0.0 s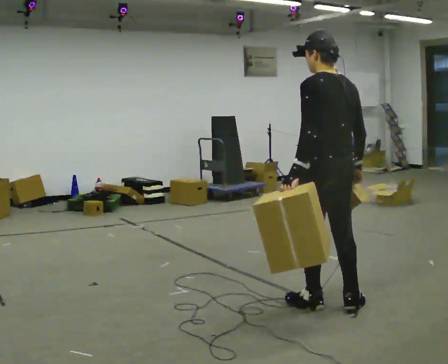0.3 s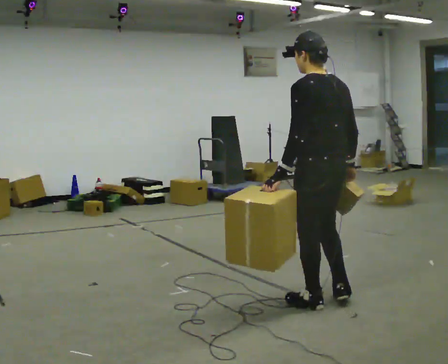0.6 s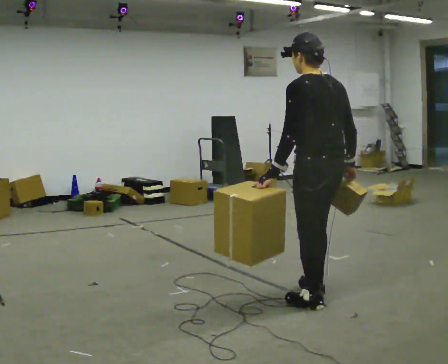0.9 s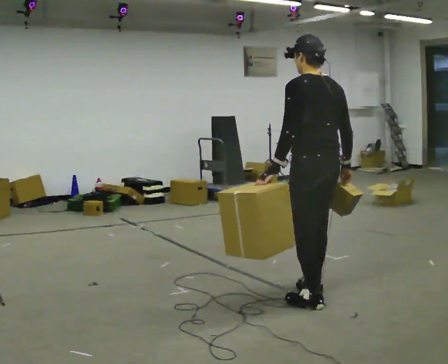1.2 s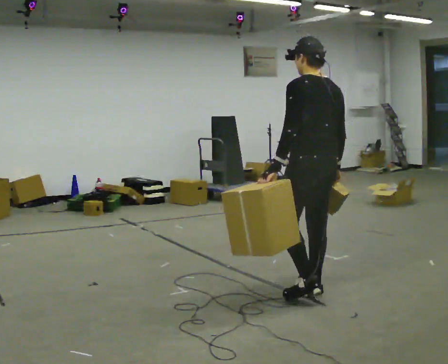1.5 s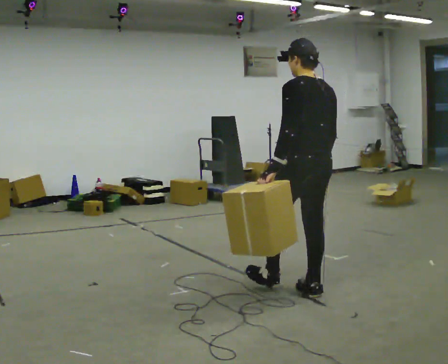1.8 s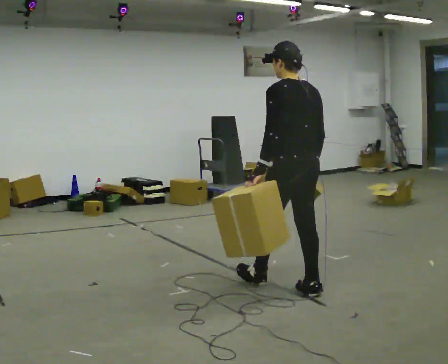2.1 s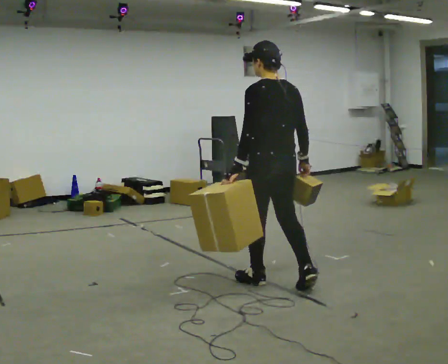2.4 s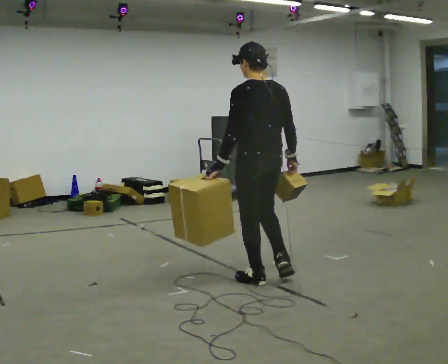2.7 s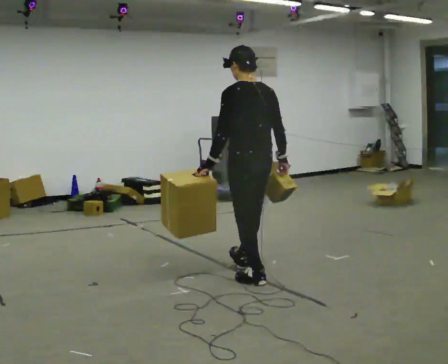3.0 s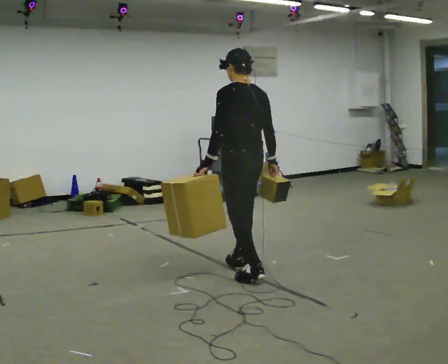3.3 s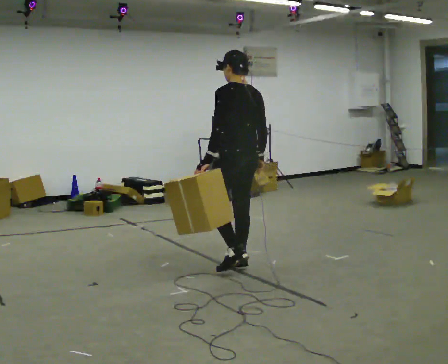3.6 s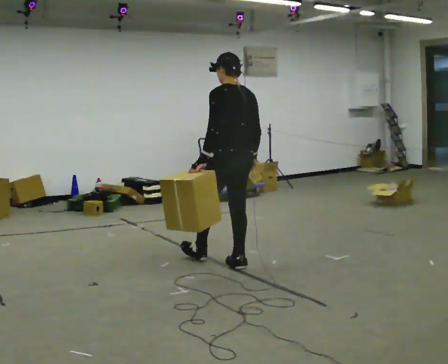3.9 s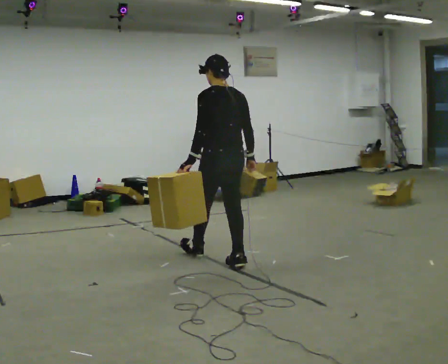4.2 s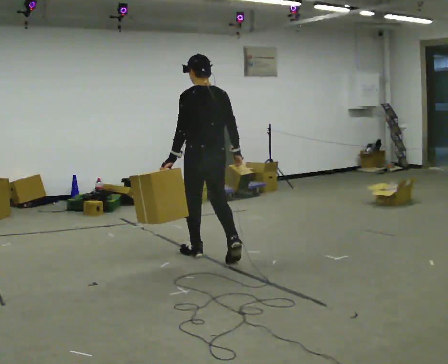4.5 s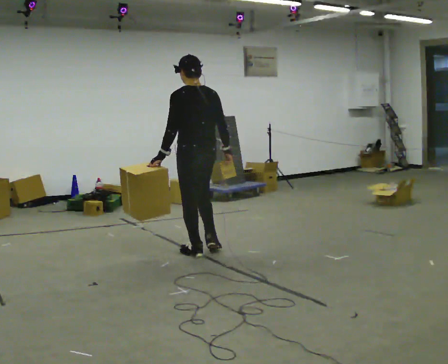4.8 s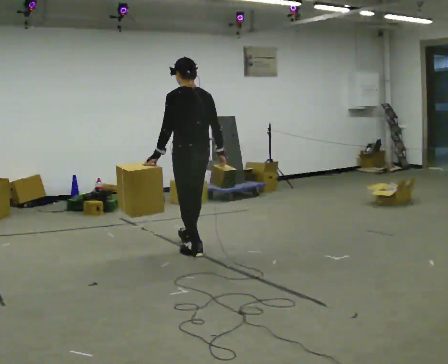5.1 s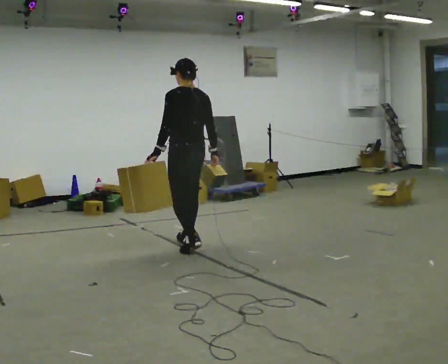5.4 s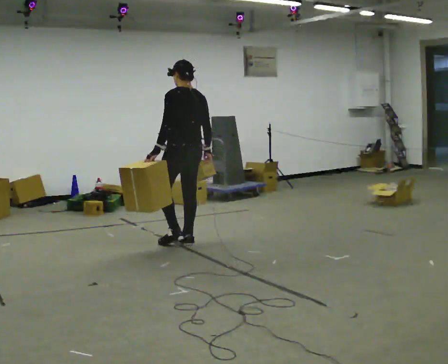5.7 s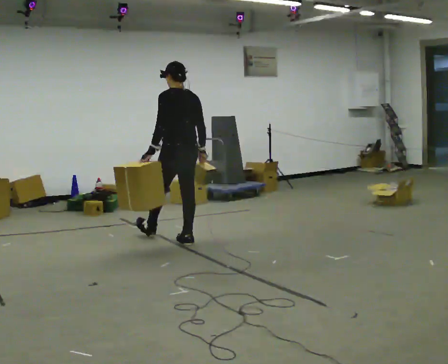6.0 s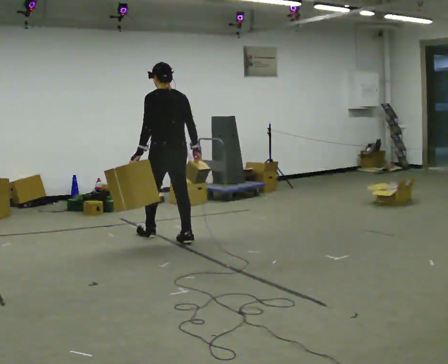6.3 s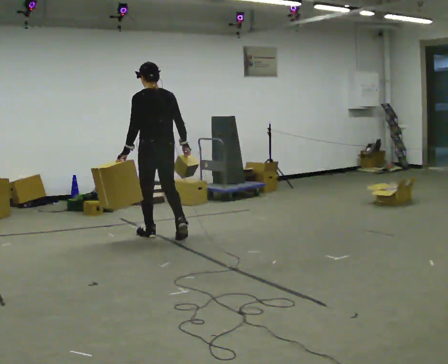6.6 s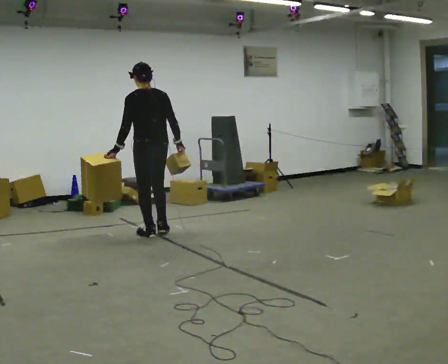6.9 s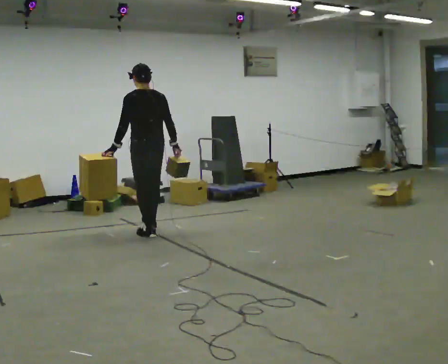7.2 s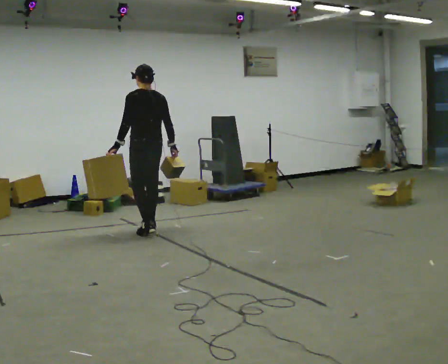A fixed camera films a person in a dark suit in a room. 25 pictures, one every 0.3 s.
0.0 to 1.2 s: In the picture they go away from the camera, about 0.25 m in 1 step, which for them is forward.
1.2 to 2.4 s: In the picture they go away from the camera and to the left, about 0.5 m in 1 step, which for them is forward.
2.4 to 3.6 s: In the picture they go away from the camera, about 0.5 m in 1 step, which for them is forward.
3.6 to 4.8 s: In the picture they go away from the camera and to the left, about 0.5 m in 2 steps, which for them is forward.
4.8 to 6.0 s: In the picture they go away from the camera and to the left, about 0.5 m in 1 step, which for them is forward.
6.0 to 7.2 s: In the picture they go away from the camera and to the left, about 0.5 m in 1 step, which for them is forward.
The film runs forward here.
